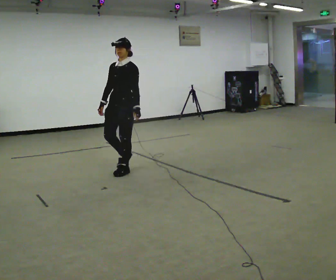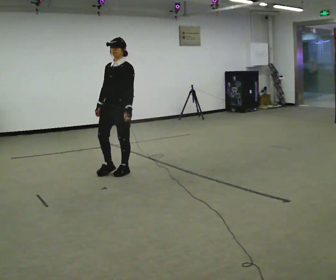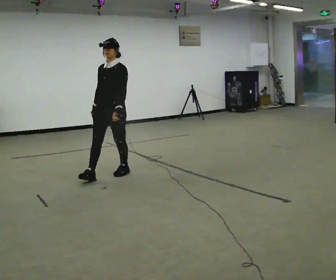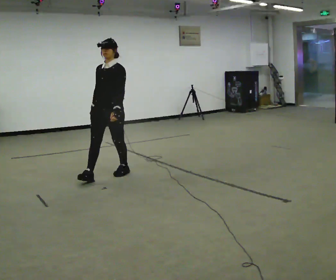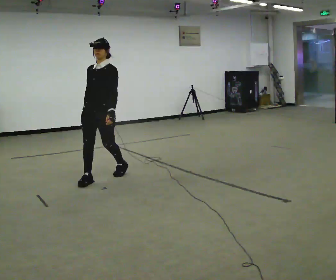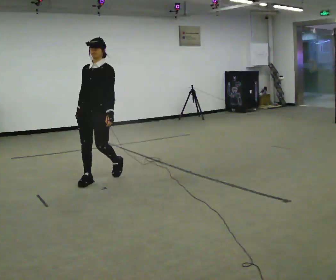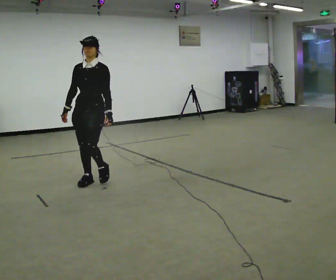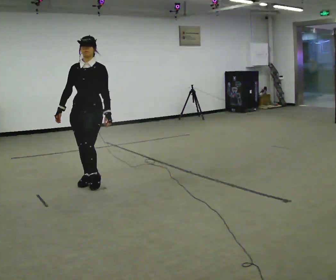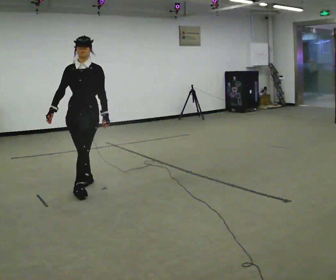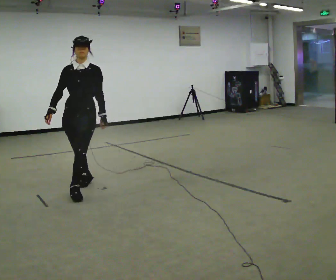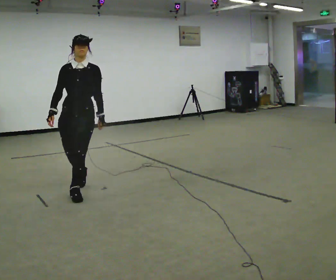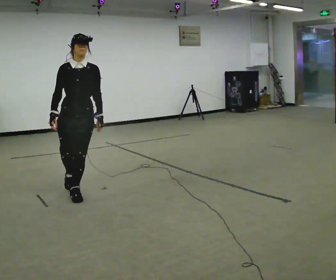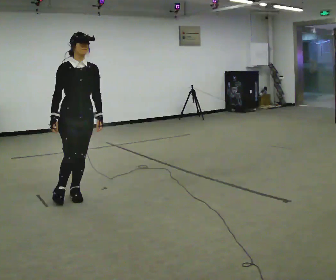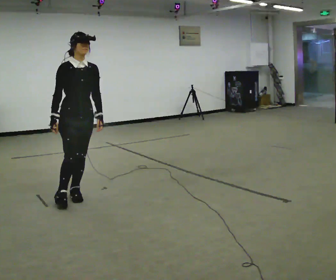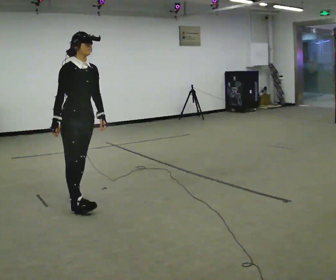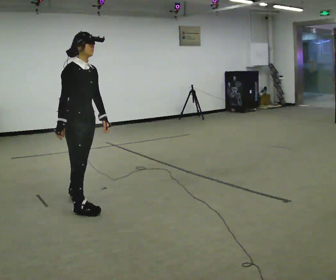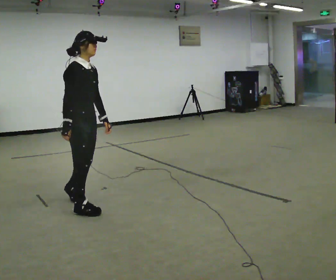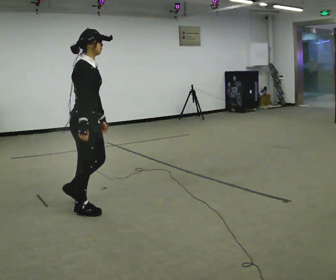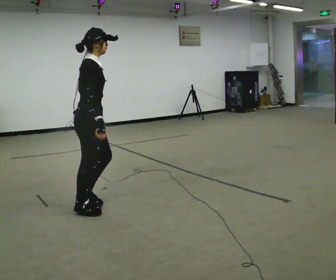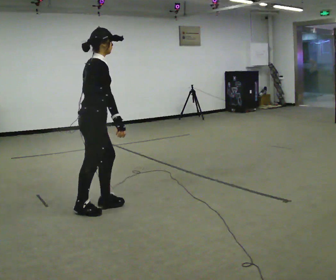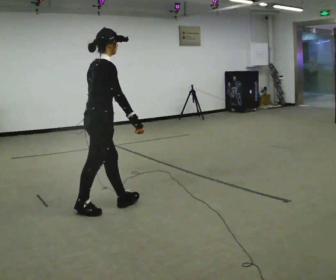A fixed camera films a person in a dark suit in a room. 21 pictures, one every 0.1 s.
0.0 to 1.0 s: The part of the body nearest the lens slides to the right as the person turns to their left by about 30 degrees. In the picture they go toward the camera and to the left, about 1 m in 2 steps, which for them is forward.
1.0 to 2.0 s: Seen from above the body turns counterclockwise, about 120 degrees: to their left, with its near side sliding to the right. In the picture they go toward the camera and to the right, about 0.5 m in 1 step.
The film runs forward here.
